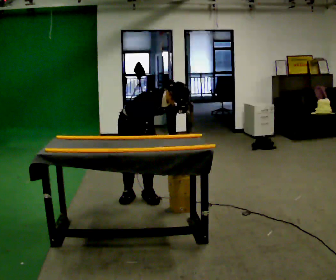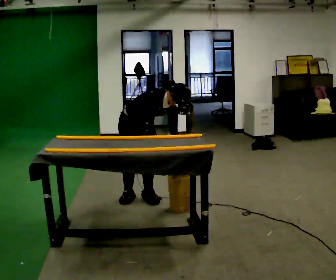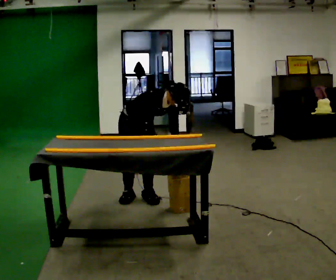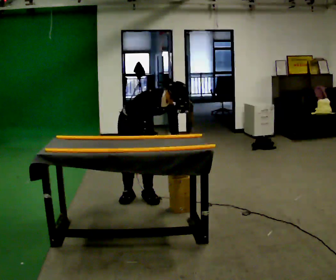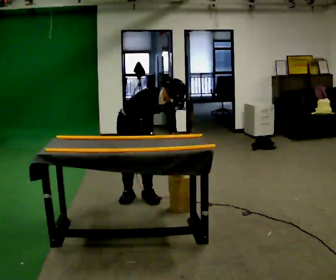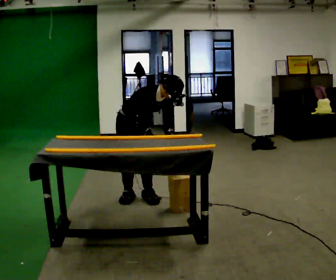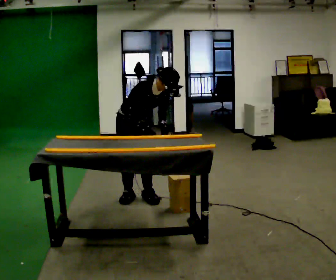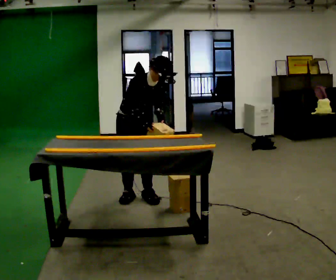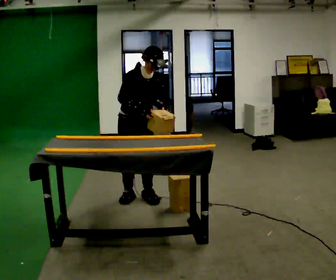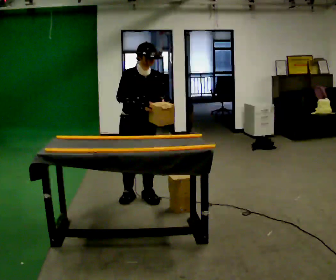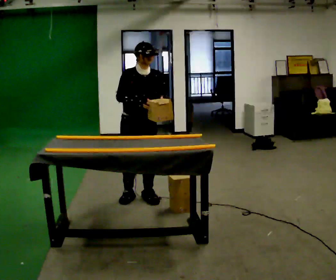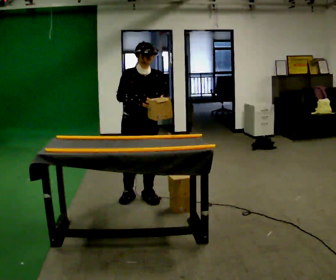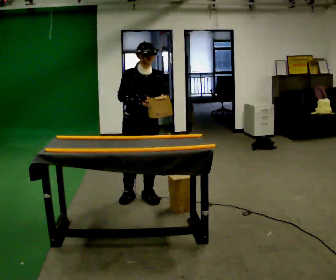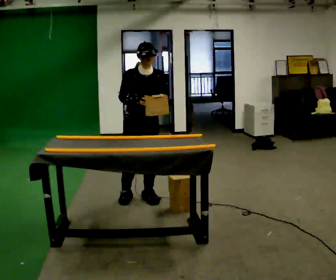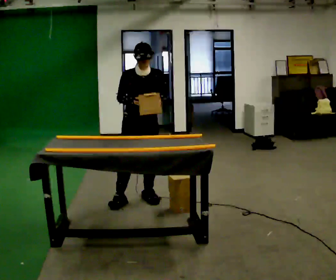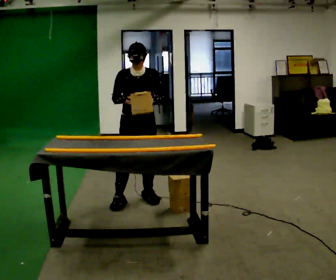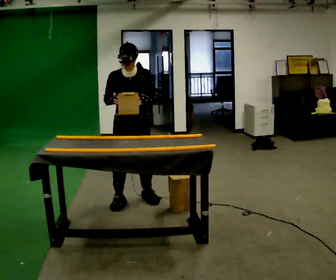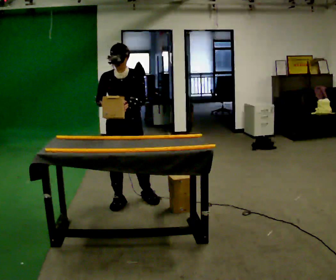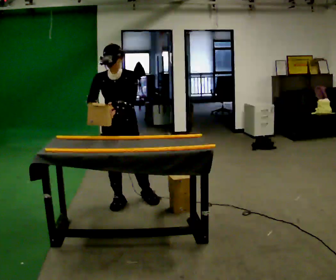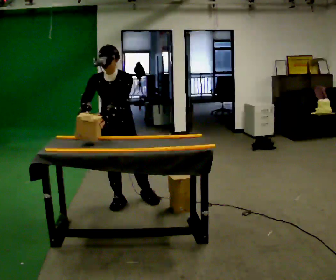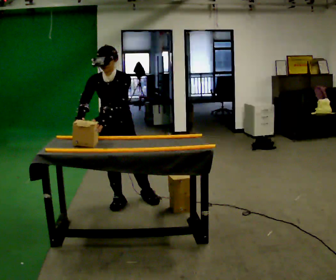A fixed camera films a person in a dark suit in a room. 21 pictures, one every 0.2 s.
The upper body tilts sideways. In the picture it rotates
counterclockwise.
0.0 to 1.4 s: The upper body tips away from the camera, its near side rolling upward, as they lean back or straighten.
1.4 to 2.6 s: The upper body tips away from the camera, its near side rolling upward, as they lean back or straighten.
2.6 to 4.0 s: In the picture they go to the left, about 0.25 m, which for them is to their right. The upper body tips toward the camera, its near side rolling downward, as they bend forward. In the picture their left hand goes to the left.
The film runs backward here.
